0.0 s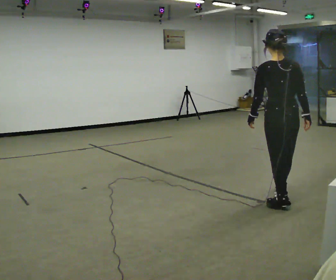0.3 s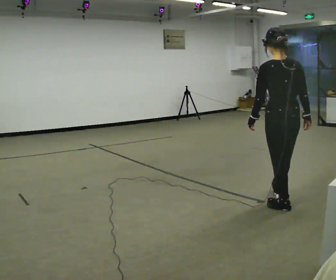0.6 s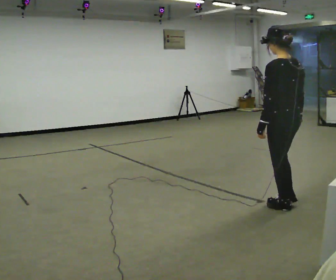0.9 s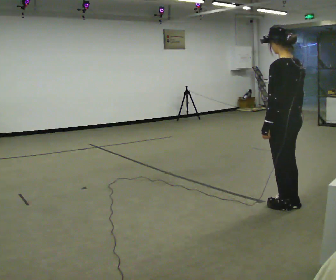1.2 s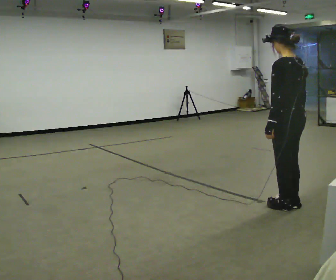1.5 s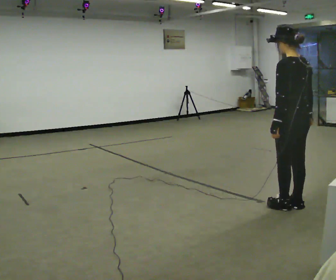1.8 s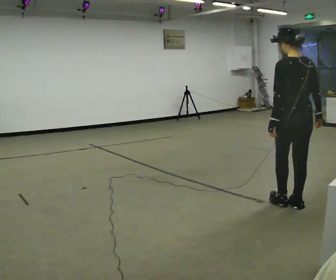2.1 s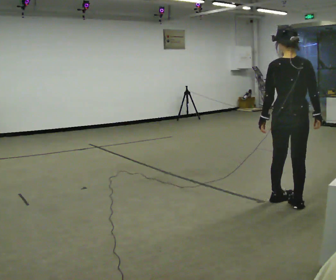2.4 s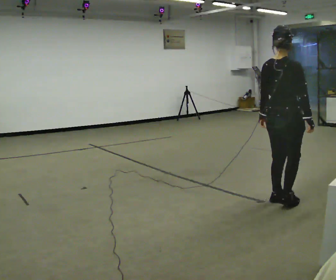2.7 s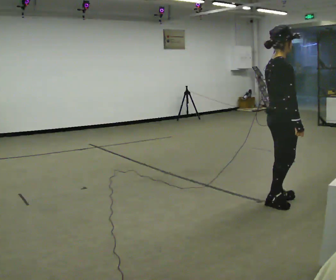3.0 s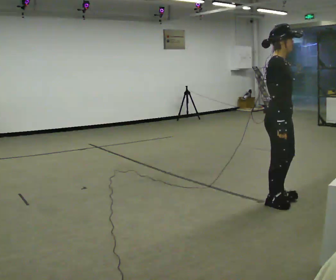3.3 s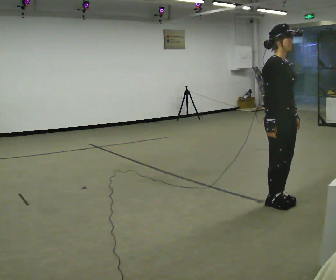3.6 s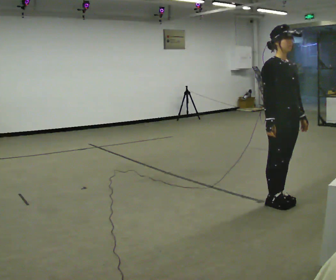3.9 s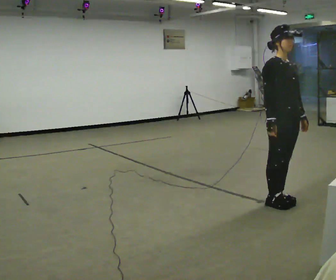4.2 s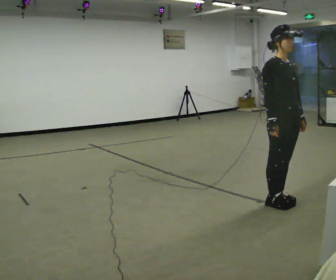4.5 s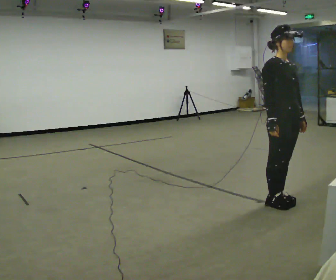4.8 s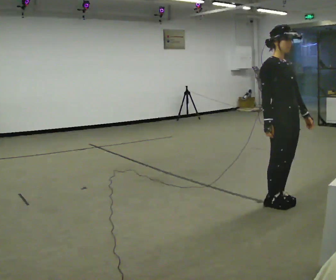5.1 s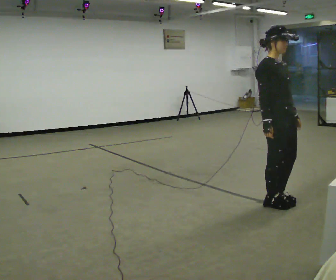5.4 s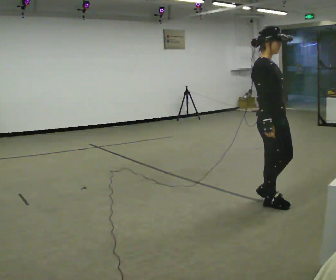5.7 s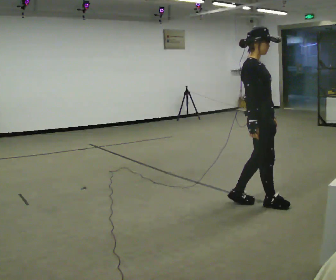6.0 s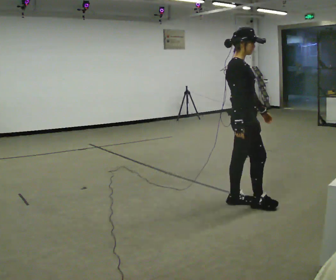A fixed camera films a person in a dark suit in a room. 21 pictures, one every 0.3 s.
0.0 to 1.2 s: The person turns about 45 degrees to their left, counterclockwise seen from above, so the part of the body nearest the lens slides to the right. In the picture they go toward the camera, about 0.25 m in 1 step, which for them is backward and to their left.
1.2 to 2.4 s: The part of the body nearest the lens slides to the left as the person turns to their right by about 75 degrees.
2.4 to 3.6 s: The part of the body nearest the lens slides to the left as the person turns to their right by about 105 degrees. In the picture their left hand goes to the right, the arm swinging counterclockwise.
3.6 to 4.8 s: The person moves a little, or ends about where they began.
4.8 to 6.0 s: The part of the body nearest the lens slides to the right as the person turns to their left by about 30 degrees. In the picture they go to the left, about 0.25 m in 2 steps, which for them is backward.
The film runs backward here.
